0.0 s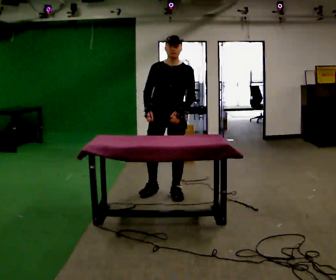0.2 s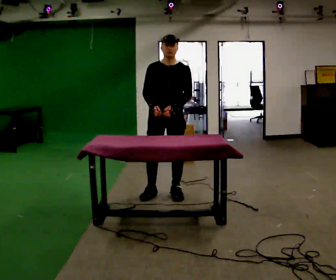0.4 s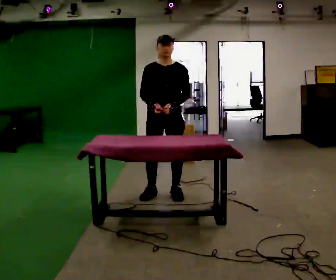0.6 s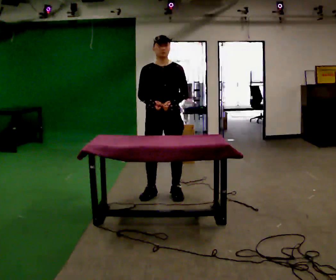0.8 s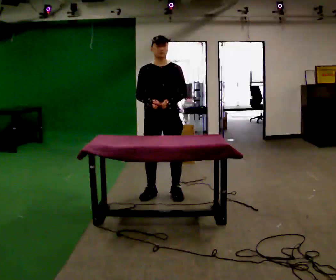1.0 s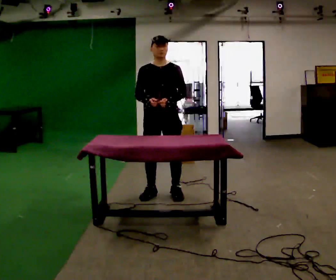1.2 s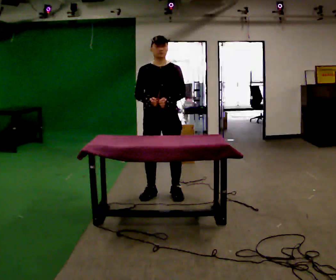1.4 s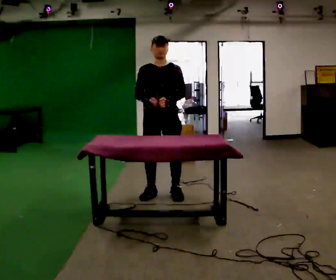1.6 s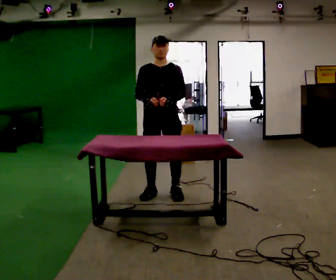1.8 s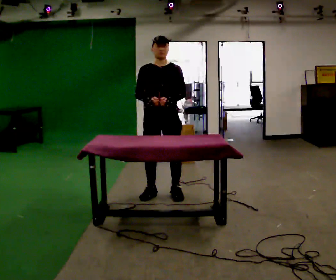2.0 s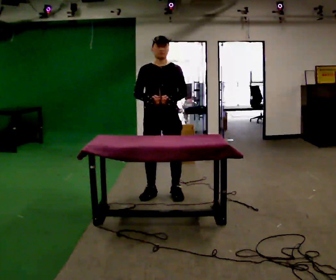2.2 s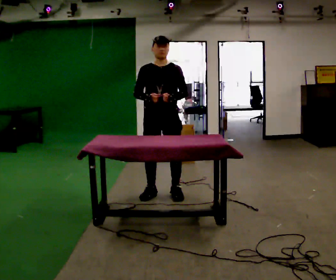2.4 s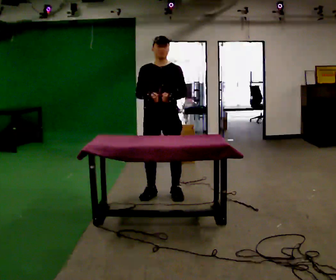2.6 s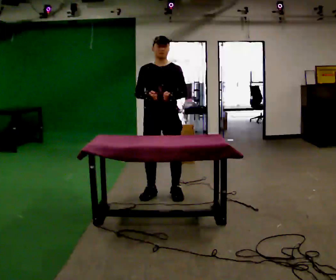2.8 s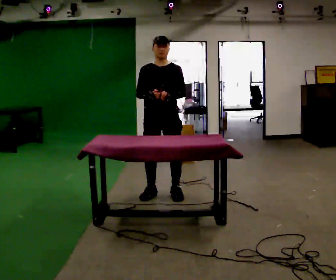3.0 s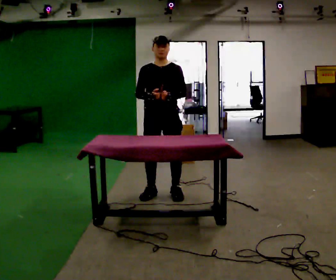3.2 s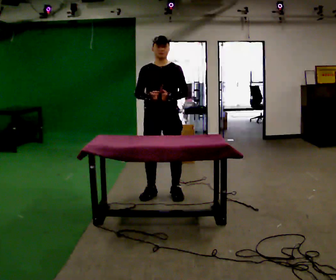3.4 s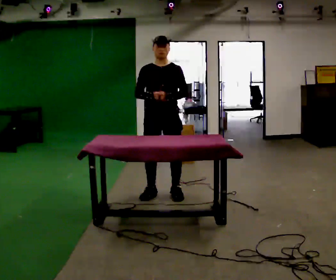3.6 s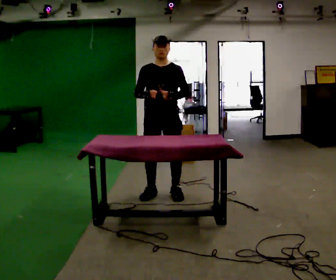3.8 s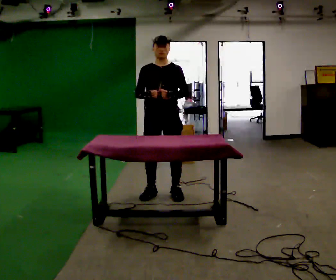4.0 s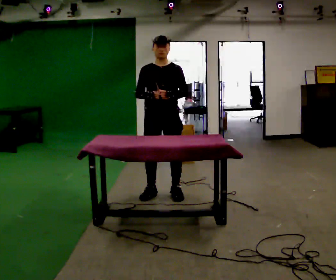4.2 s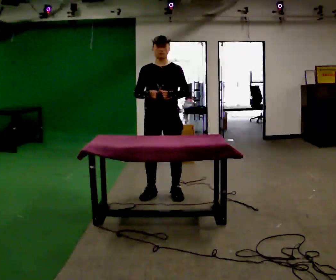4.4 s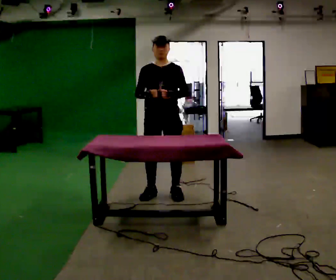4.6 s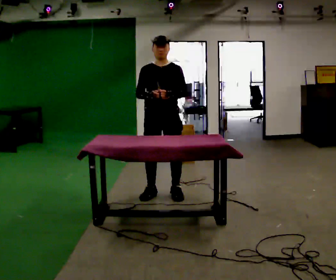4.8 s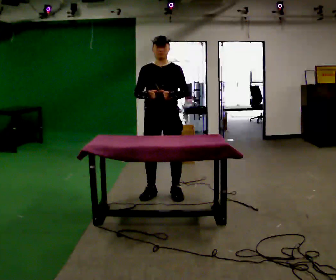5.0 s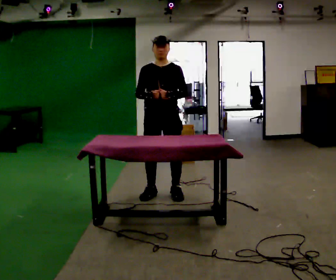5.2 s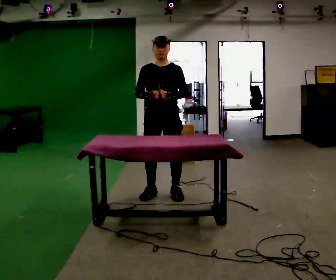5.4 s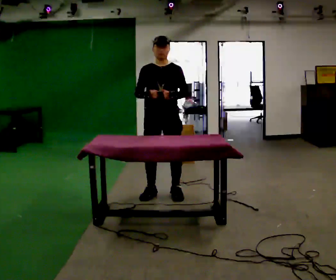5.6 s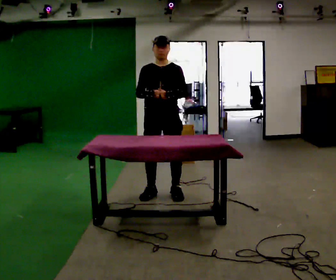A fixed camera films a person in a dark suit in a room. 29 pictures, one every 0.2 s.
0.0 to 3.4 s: The person moves a little, or ends about where they began.
3.4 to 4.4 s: The person keeps their place and pose.
4.4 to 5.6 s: The person moves a little, or ends about where they began.
The film runs forward here.
